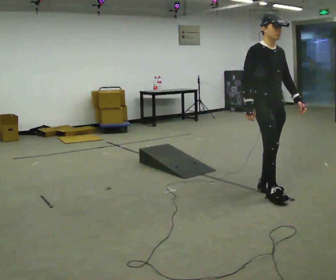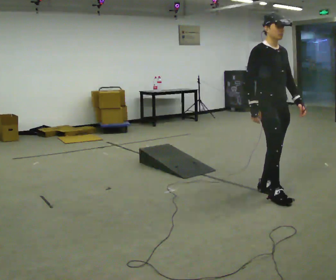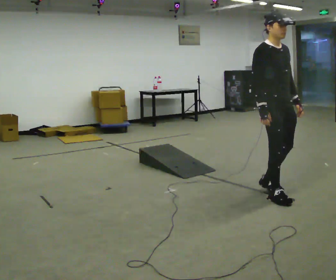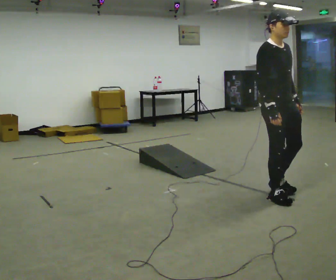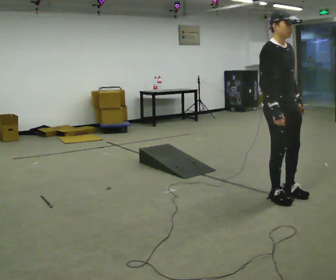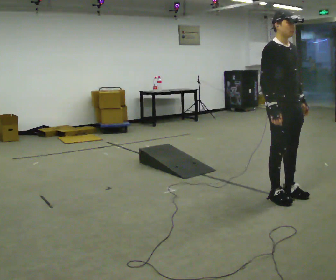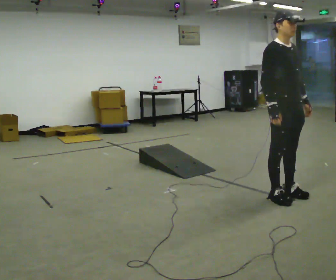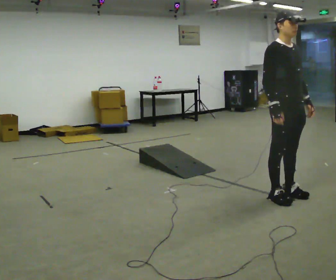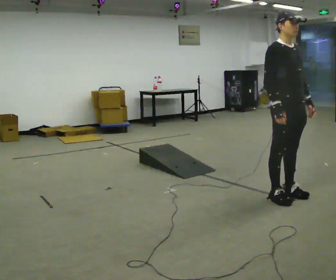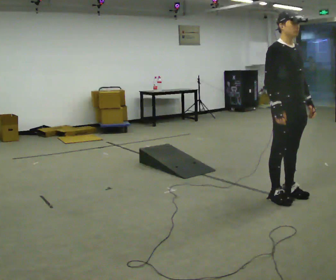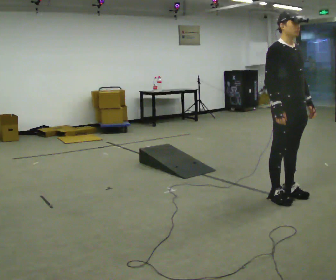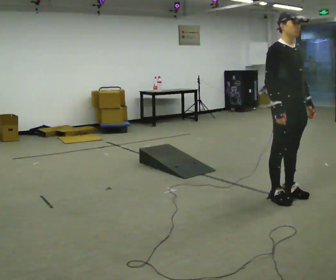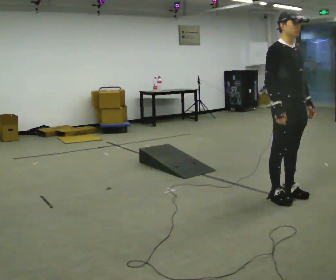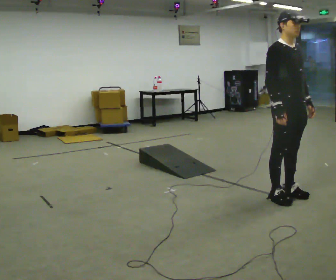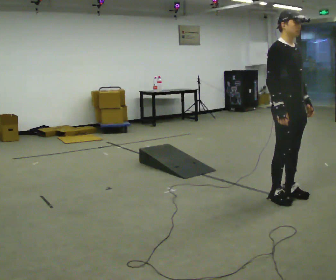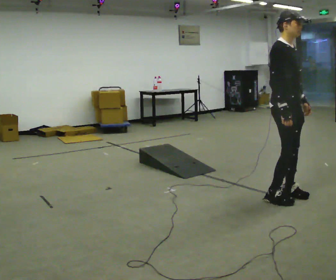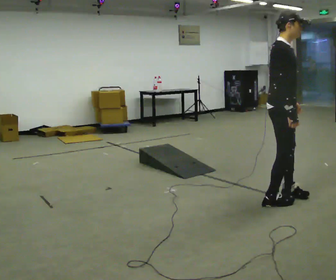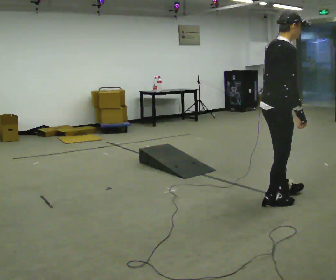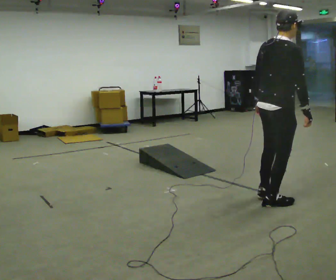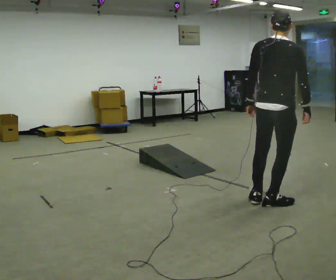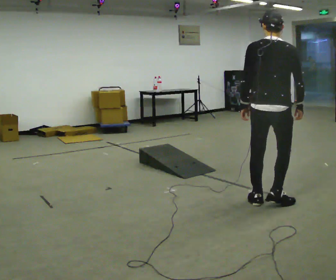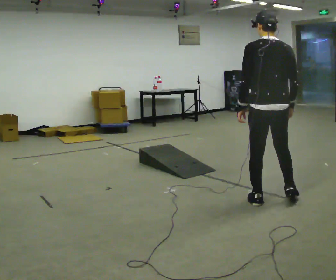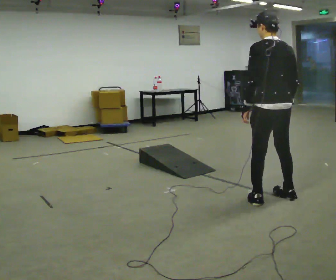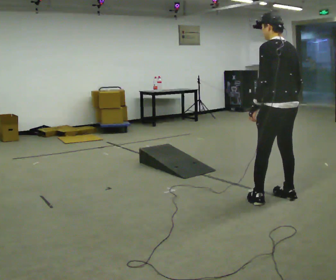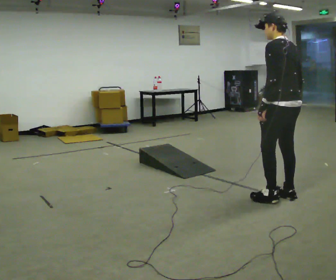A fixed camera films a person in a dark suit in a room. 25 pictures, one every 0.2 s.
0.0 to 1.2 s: In the picture they go toward the camera and to the right, about 0.25 m in 2 steps, which for them is forward.
1.2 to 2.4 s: The person moves a little, or ends about where they began.
2.4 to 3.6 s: The part of the body nearest the lens slides to the right as the person turns to their left by about 90 degrees. In the picture they go toward the camera, about 0.25 m in 1 step. In the picture their left hand goes to the left, the arm swinging clockwise.
3.6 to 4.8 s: The person turns about 90 degrees to their left, counterclockwise seen from above, so the part of the body nearest the lens slides to the right. In the picture the upper body tilts counterclockwise, shoulders to the left.
The film runs forward here.
